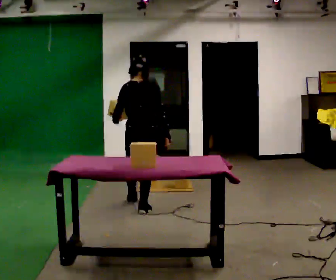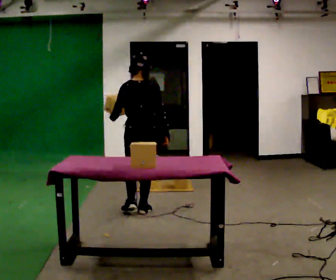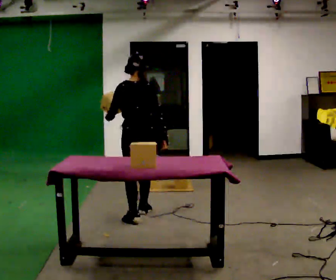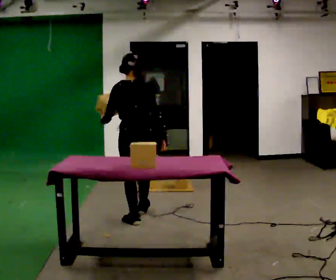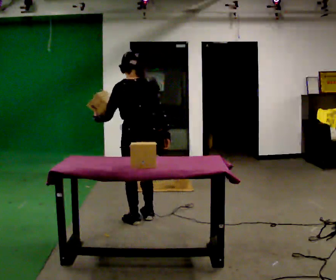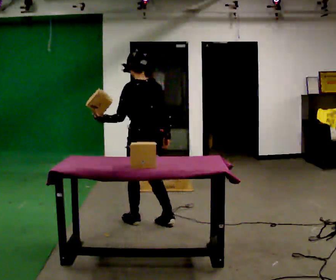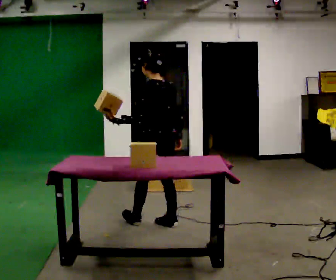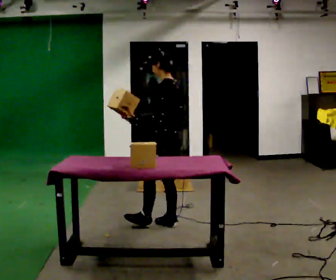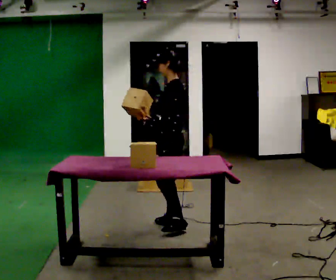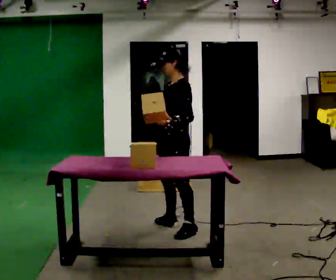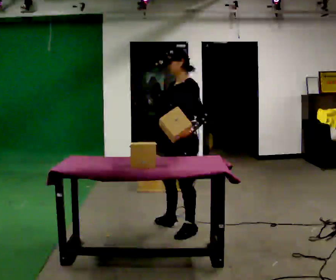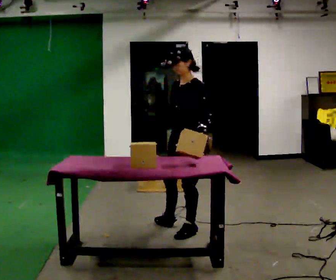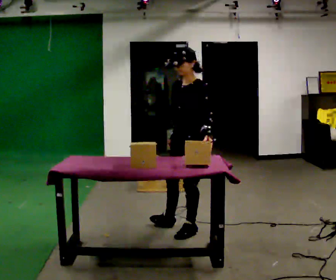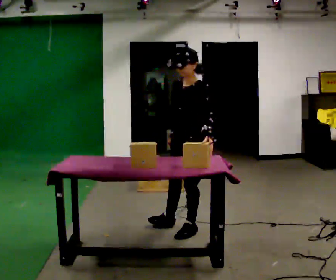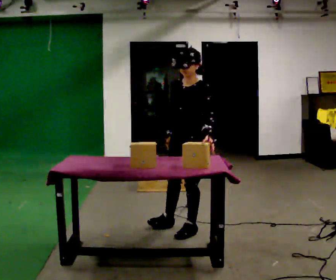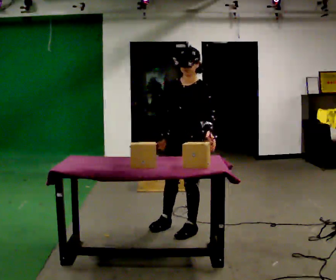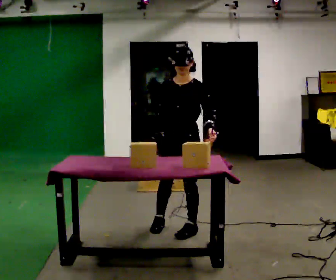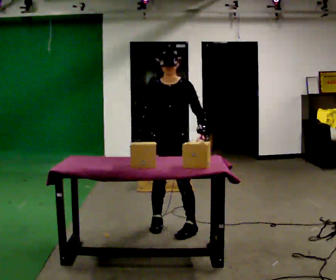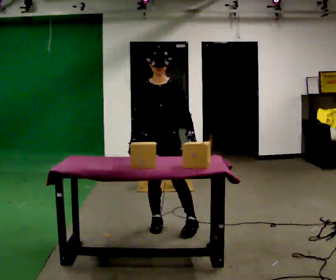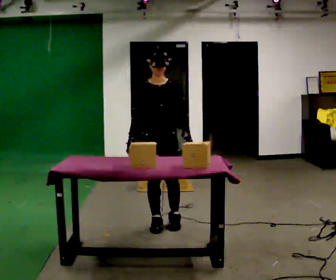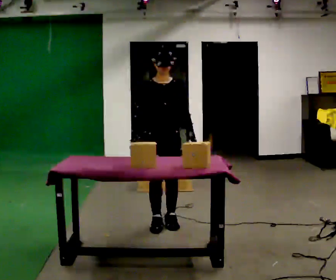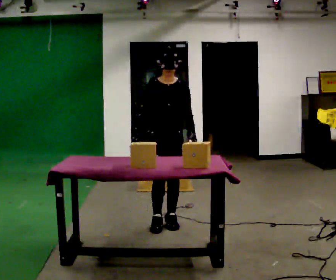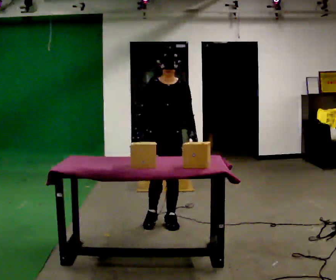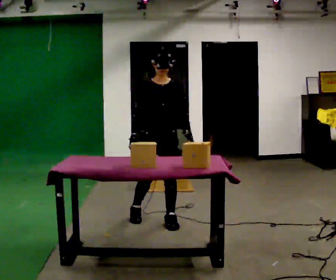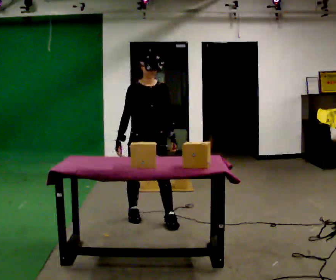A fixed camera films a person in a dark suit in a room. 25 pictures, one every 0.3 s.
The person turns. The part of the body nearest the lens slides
to the right.
The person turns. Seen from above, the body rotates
counterclockwise.
0.0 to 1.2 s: In the picture they go toward the camera, about 0.5 m in 1 step, which for them is backward.
1.2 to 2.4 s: The person turns about 75 degrees to their left, counterclockwise seen from above, so the part of the body nearest the lens slides to the right. In the picture they go to the right, about 0.25 m in 1 step.
2.4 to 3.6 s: The person turns about 30 degrees to their left, counterclockwise seen from above, so the part of the body nearest the lens slides to the right. In the picture they go to the right, about 0.25 m, which for them is to their left. In the picture their left hand goes to the right, the arm swinging counterclockwise.
3.6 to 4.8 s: Seen from above the body turns counterclockwise, about 30 degrees: to their left, with its near side sliding to the right.
4.8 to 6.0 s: Seen from above the body turns counterclockwise, about 30 degrees: to their left, with its near side sliding to the right. In the picture they go to the left, about 0.25 m in 1 step, which for them is to their right and backward.
6.0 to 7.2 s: In the picture they go to the left, about 0.25 m in 1 step, which for them is backward and to their right.
The film runs backward here.
